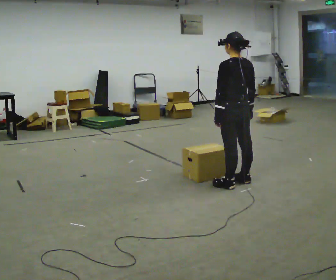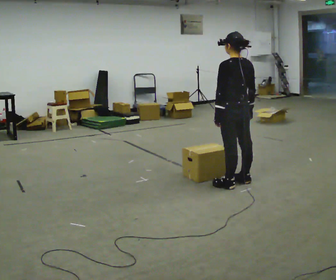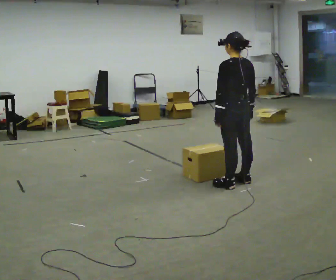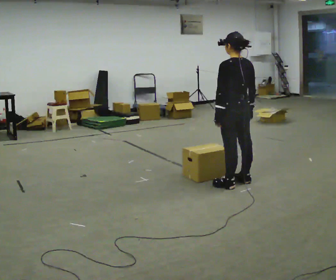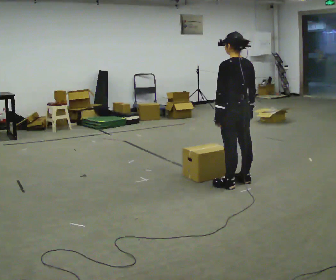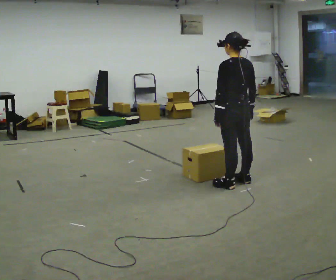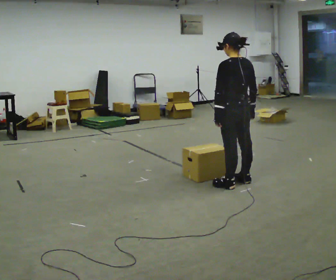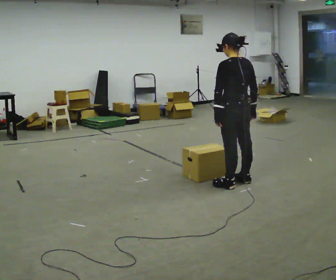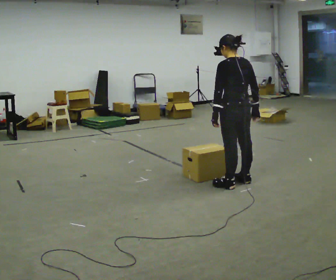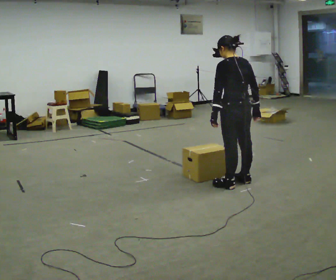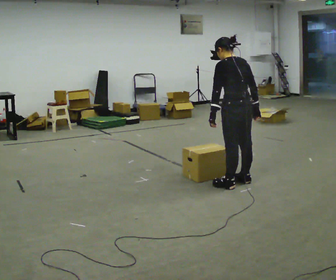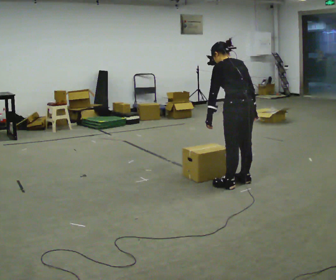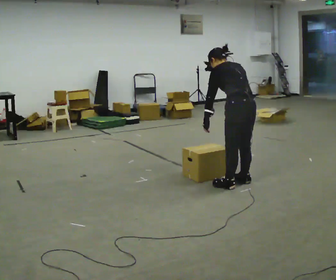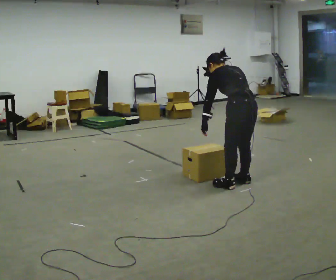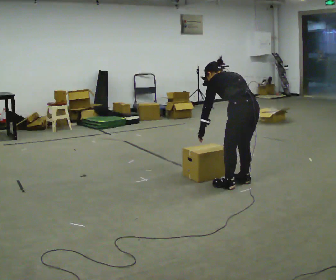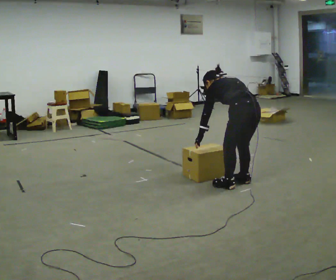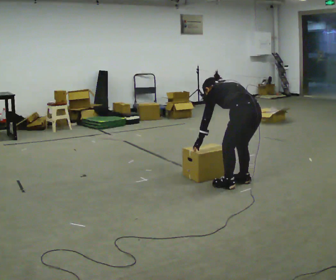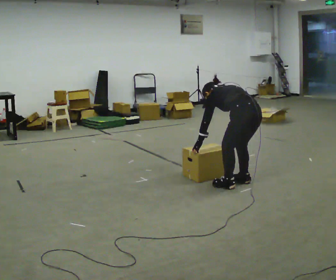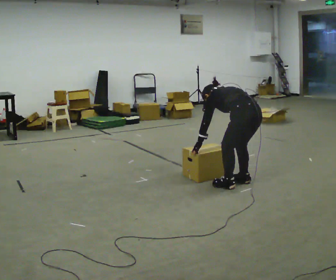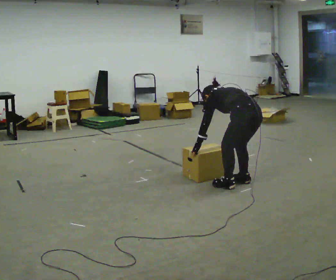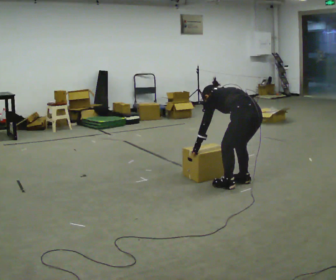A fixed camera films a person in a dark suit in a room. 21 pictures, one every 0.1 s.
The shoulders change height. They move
downward.
0.0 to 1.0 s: The person moves a little, or ends about where they began.
1.0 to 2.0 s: The upper body goes downward. The upper body tips away from the camera, its near side rolling upward, as they bend forward. In the picture their right hand goes downward.
The film runs forward here.
